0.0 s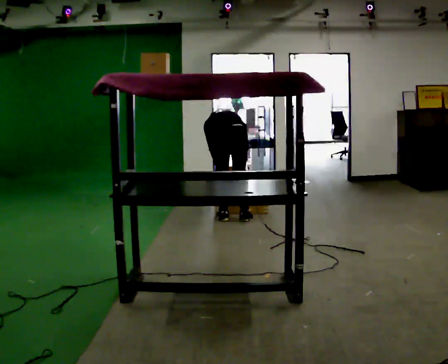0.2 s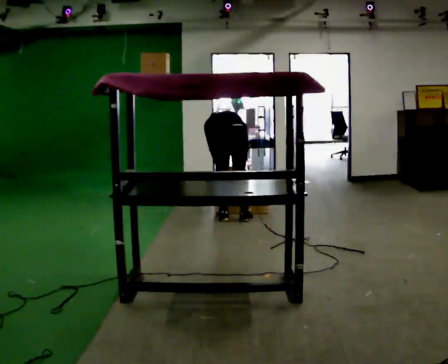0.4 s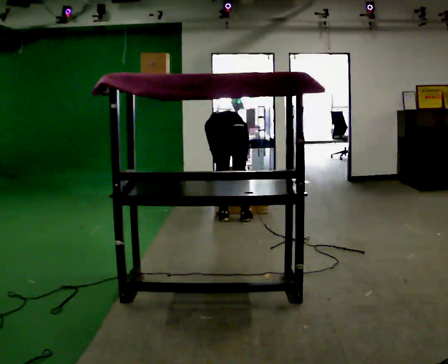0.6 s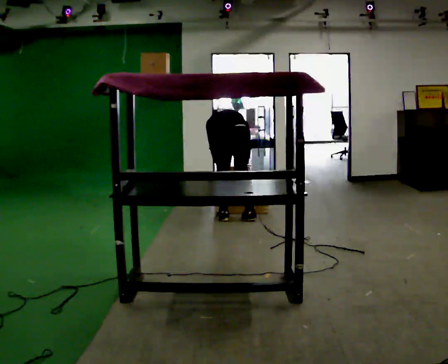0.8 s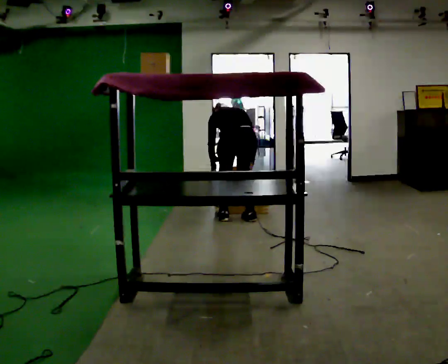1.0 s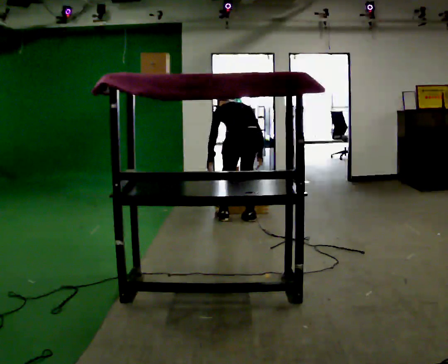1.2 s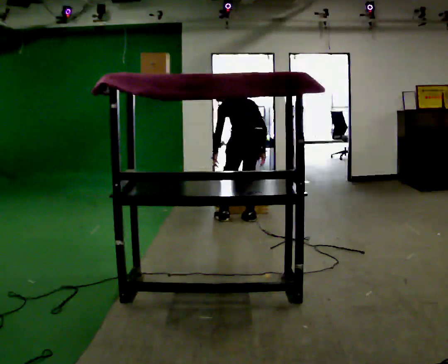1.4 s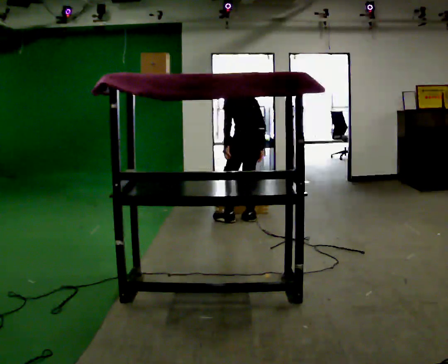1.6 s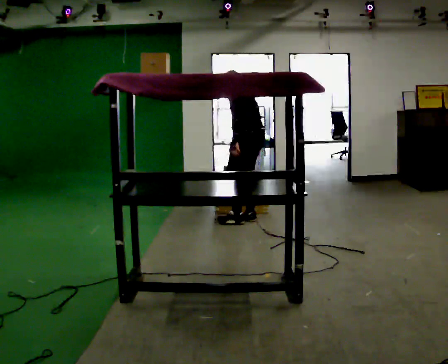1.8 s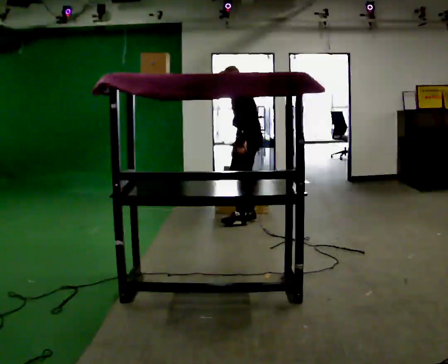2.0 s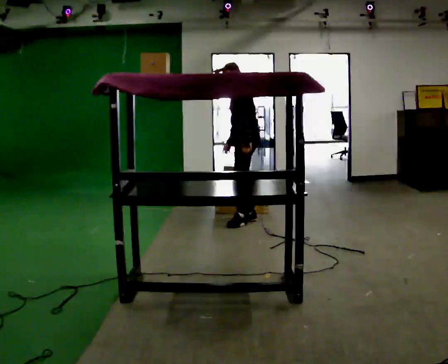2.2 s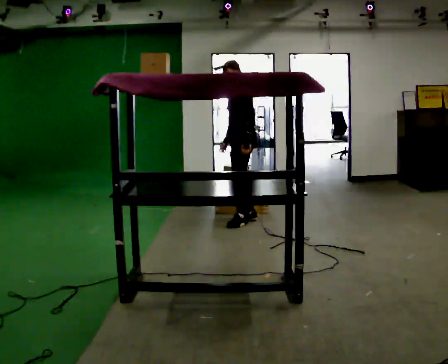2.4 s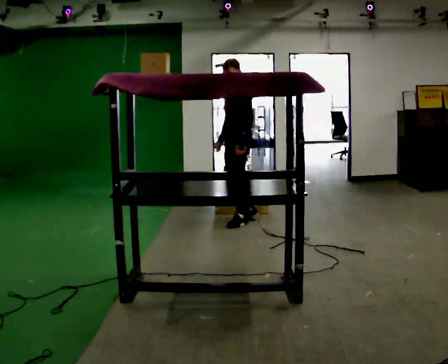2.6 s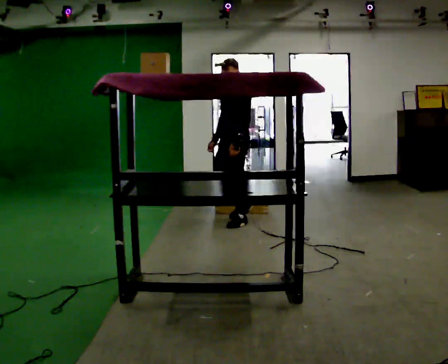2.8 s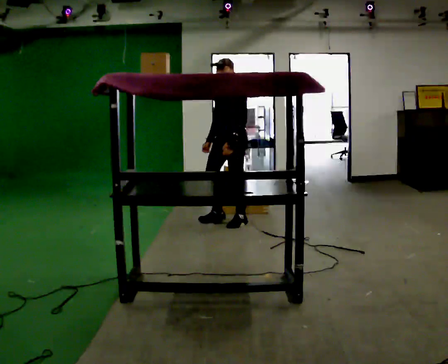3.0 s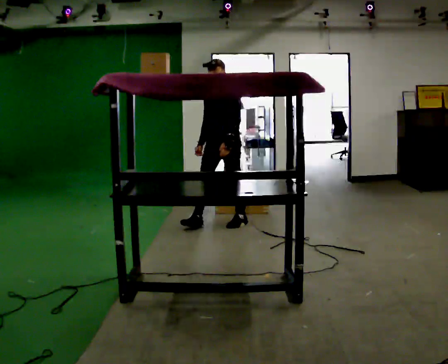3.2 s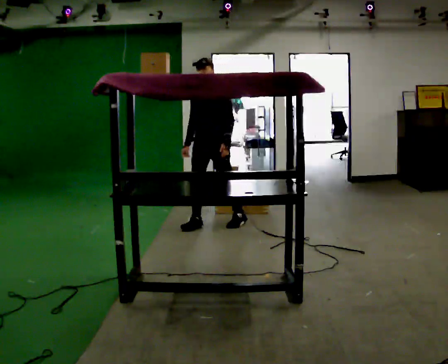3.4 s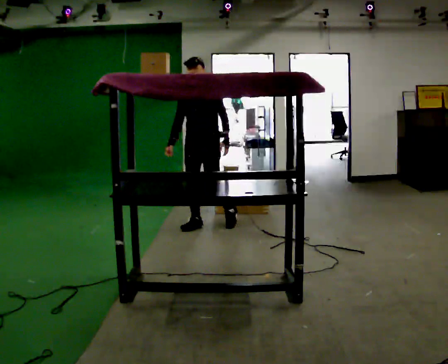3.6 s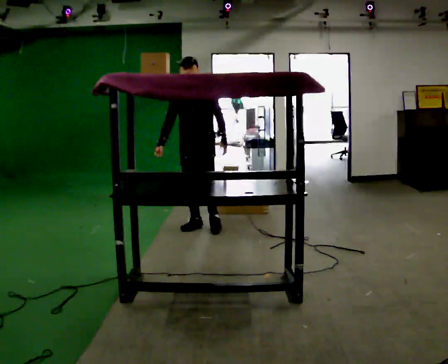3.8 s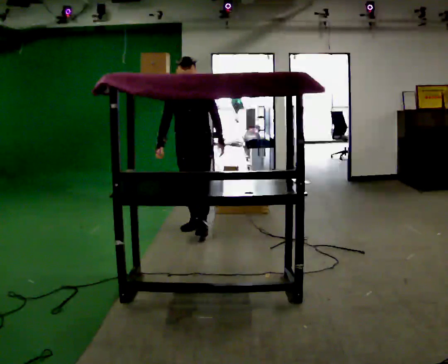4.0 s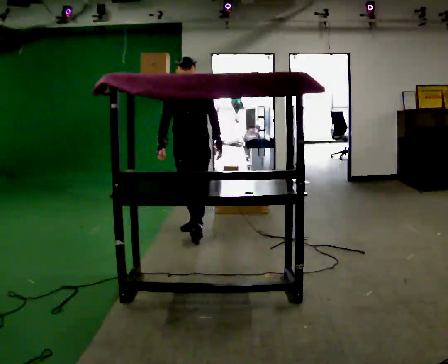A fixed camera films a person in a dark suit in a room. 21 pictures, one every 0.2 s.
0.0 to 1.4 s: The part of the body nearest the lens slides to the right as the person turns to their left by about 30 degrees. In the picture they go to the right, about 0.25 m, which for them is to their right. The shoulders move upward. The upper body tips toward the camera, its near side rolling downward, as they lean back or straighten. In the picture their left hand goes upward.
1.4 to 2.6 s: The part of the body nearest the lens slides to the right as the person turns to their left by about 75 degrees. In the picture they go toward the camera and to the left, about 0.25 m in 1 step. The upper body tips toward the camera, its near side rolling downward, as they lean back or straighten. In the picture their right hand goes to the left.
2.6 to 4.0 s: The person turns about 45 degrees to their left, counterclockwise seen from above, so the part of the body nearest the lens slides to the right. In the picture they go to the left and toward the camera, about 0.5 m in 2 steps, which for them is forward and to their right.
The film runs forward here.
